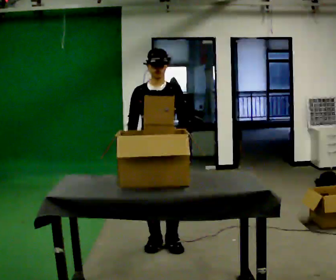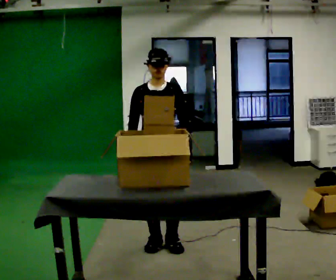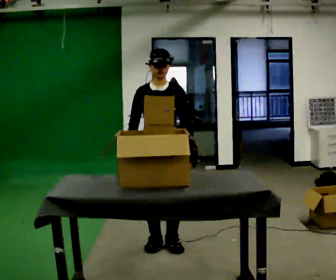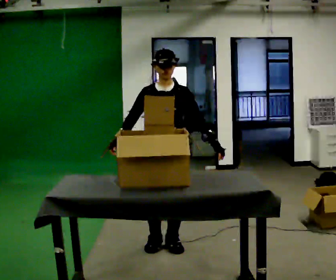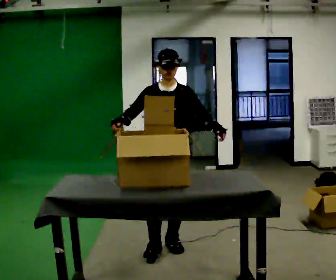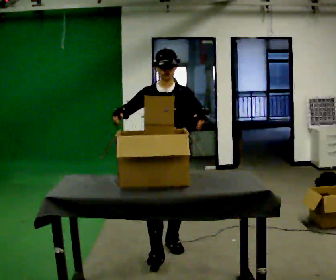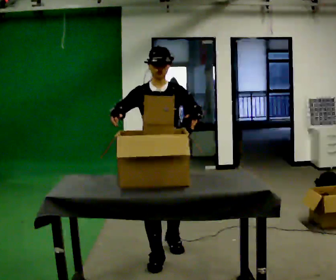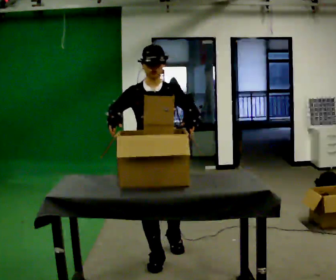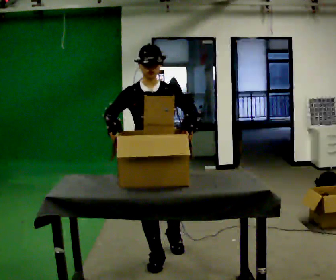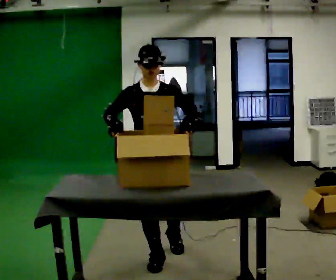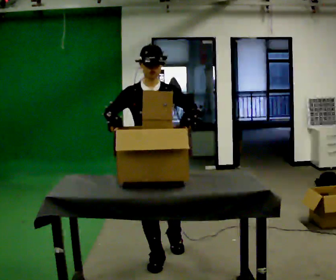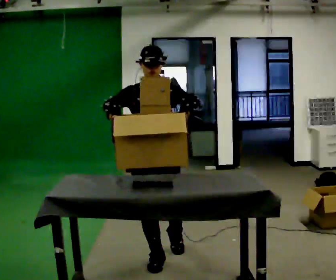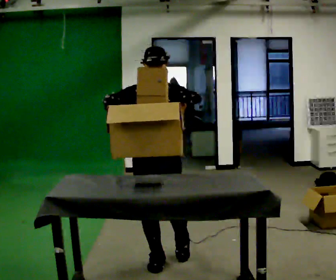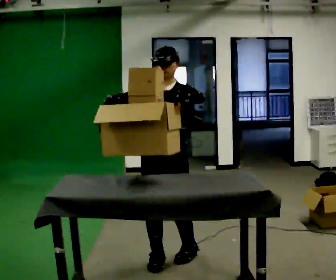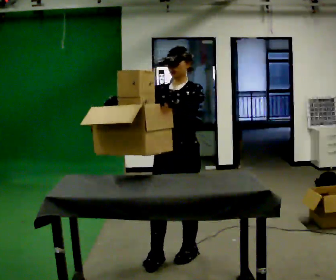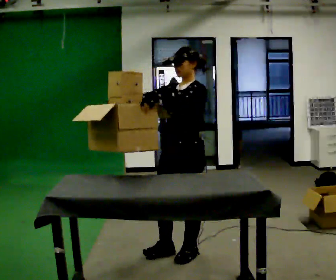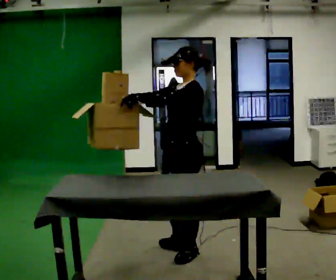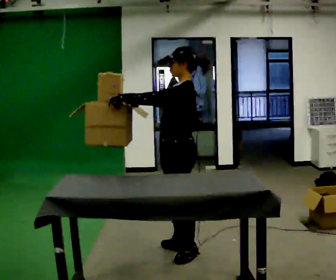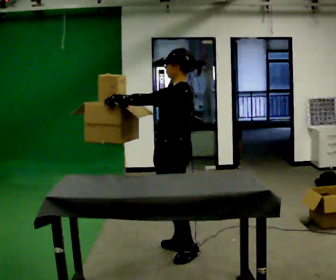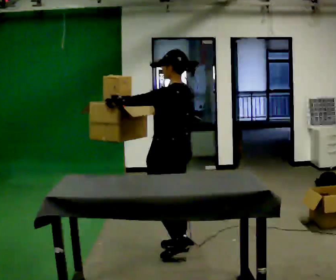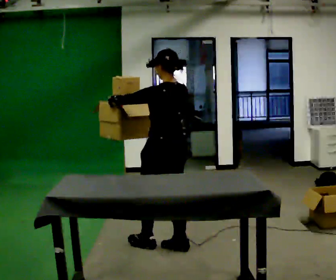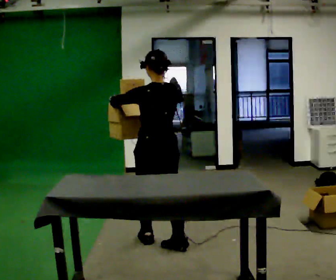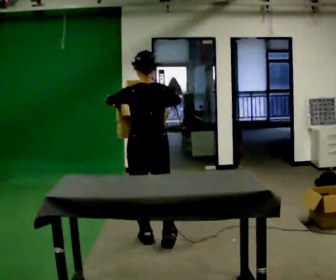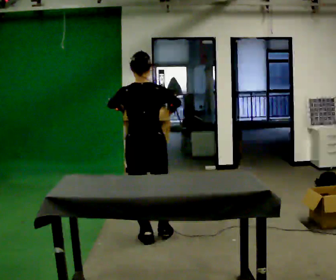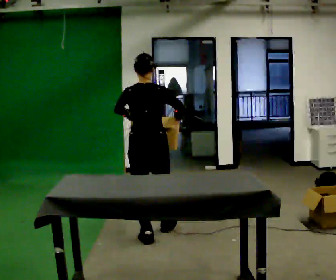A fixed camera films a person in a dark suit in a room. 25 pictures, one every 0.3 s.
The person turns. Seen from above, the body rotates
clockwise.
The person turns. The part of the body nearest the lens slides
to the left.
0.0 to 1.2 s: The person moves a little, or ends about where they began.
1.2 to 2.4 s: In the picture they go toward the camera, about 0.25 m in 1 step, which for them is forward.
2.4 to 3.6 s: The person moves a little, or ends about where they began.
3.6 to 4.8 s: Seen from above the body turns clockwise, about 75 degrees: to their right, with its near side sliding to the left. In the picture they go to the right, about 0.25 m in 2 steps.
4.8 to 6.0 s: Seen from above the body turns clockwise, about 60 degrees: to their right, with its near side sliding to the left. In the picture they go away from the camera, about 0.25 m.
6.0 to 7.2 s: The person turns about 45 degrees to their right, clockwise seen from above, so the part of the body nearest the lens slides to the left. In the picture they go away from the camera, about 0.25 m in 2 steps, which for them is forward and to their left.
The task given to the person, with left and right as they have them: 1. Move everything from the second bin into the first bin. 2. Carry the empty bin to the shelf. 3. Carry the full bin to the table. 4. Tell the operator when you are finished.
The film runs forward here.
